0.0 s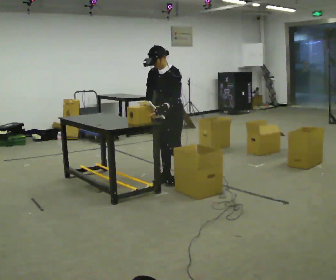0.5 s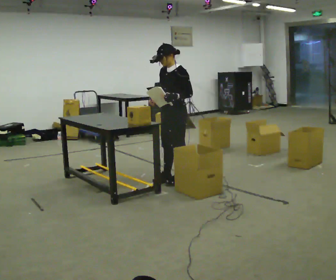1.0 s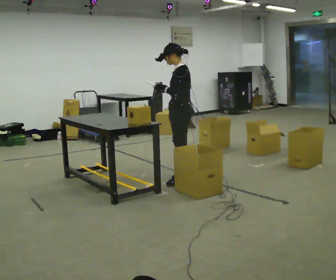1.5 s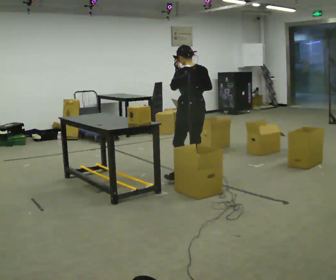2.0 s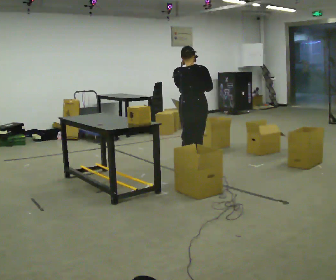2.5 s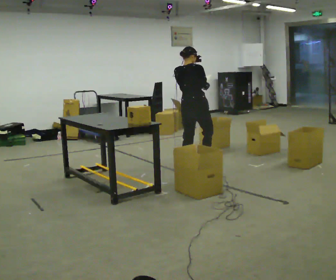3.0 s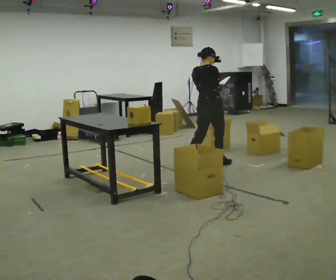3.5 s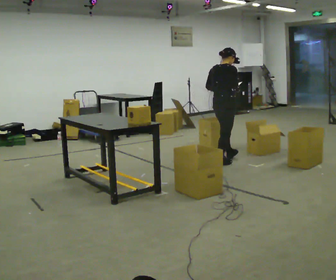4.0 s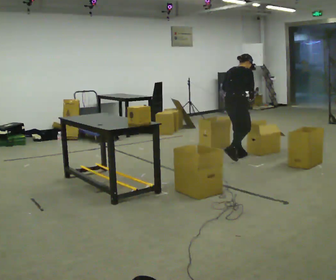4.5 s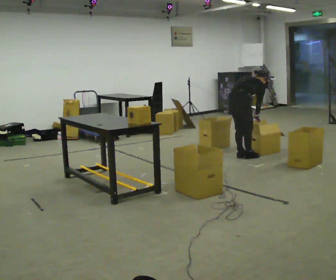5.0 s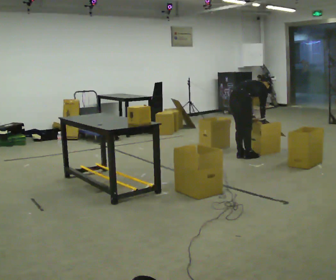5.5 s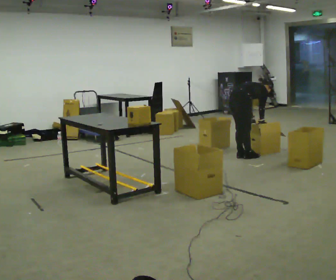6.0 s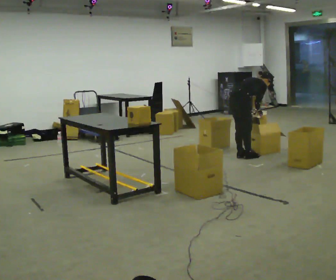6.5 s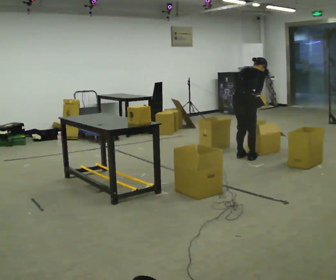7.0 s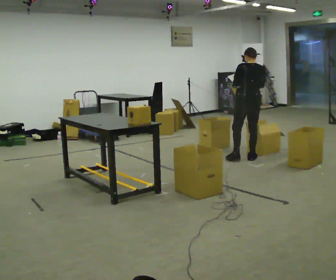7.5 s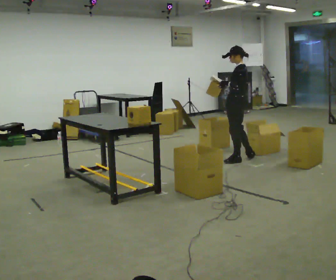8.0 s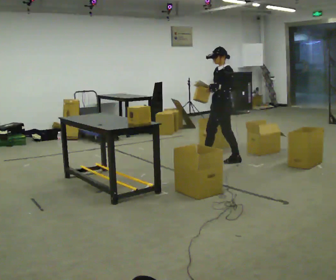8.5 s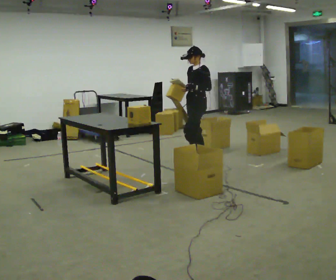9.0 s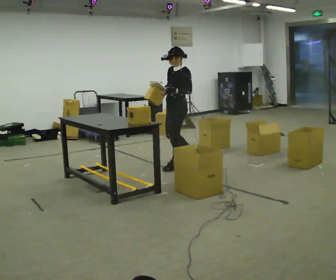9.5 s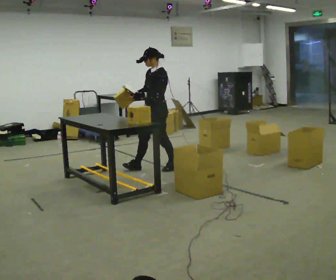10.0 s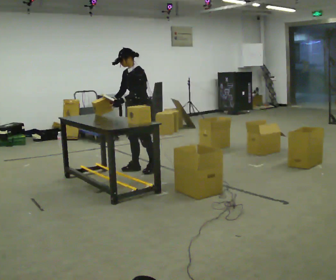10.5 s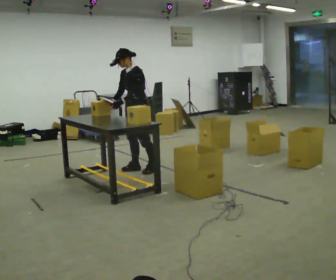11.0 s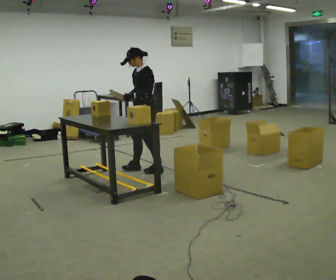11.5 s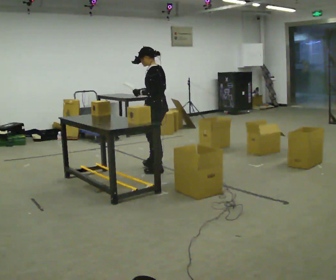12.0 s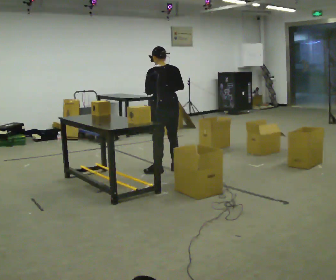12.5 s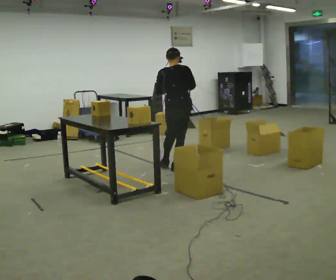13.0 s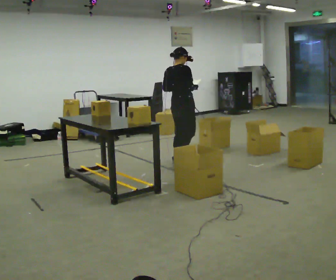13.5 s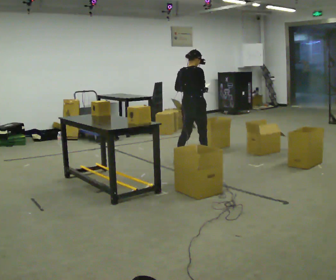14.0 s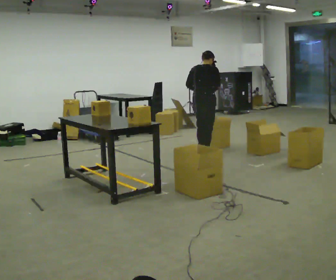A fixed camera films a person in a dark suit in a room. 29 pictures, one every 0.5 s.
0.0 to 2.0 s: The part of the body nearest the lens slides to the left as the person turns to their right by about 150 degrees. In the picture they go away from the camera and to the right, about 0.25 m in 1 step. The upper body tips away from the camera, its near side rolling upward, as they lean back or straighten. In the picture their left hand goes upward.
2.0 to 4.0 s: The part of the body nearest the lens slides to the left as the person turns to their right by about 45 degrees. In the picture they go away from the camera and to the right, about 1 m in 3 steps, which for them is forward. The upper body tips away from the camera, its near side rolling upward, as they bend forward. In the picture their left hand goes downward.
4.0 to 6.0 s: The person moves a little, or ends about where they began.
6.0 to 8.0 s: The person turns about 165 degrees to their left, counterclockwise seen from above, so the part of the body nearest the lens slides to the right. In the picture they go to the left and toward the camera, about 0.25 m in 1 step. The upper body goes upward. In the picture the upper body tilts counterclockwise, shoulders to the left, as they lean back or straighten. In the picture their left hand goes to the left and upward.
8.0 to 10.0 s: The part of the body nearest the lens slides to the right as the person turns to their left by about 30 degrees. In the picture they go to the left and toward the camera, about 1 m in 3 steps, which for them is forward.
10.0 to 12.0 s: The person turns about 105 degrees to their right, clockwise seen from above, so the part of the body nearest the lens slides to the left. In the picture they go to the right, about 0.25 m in 2 steps.
12.0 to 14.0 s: The part of the body nearest the lens slides to the left as the person turns to their right by about 60 degrees. In the picture they go away from the camera and to the right, about 1 m in 2 steps.
The film runs forward here.
